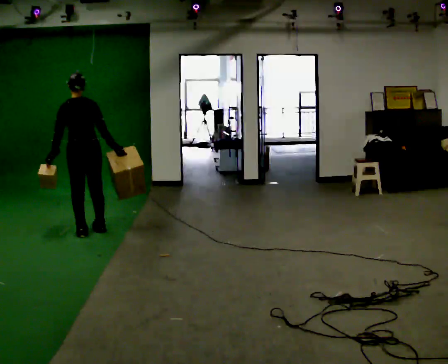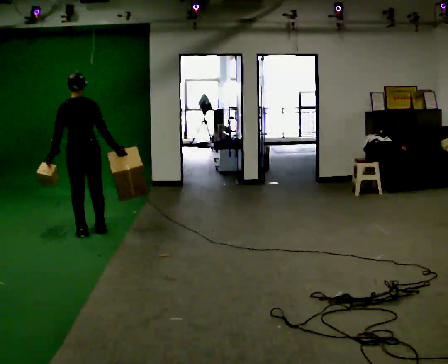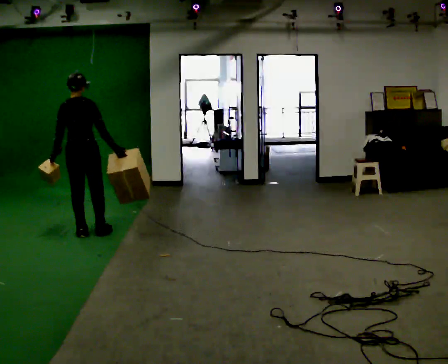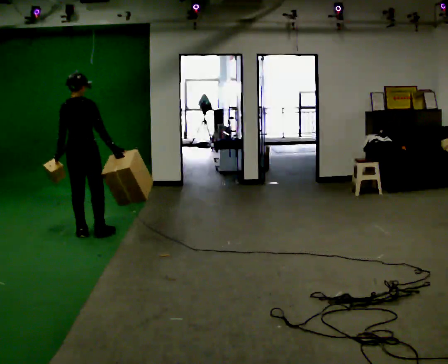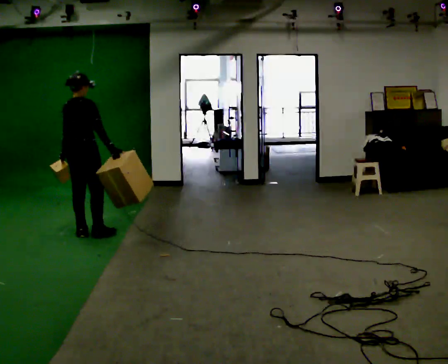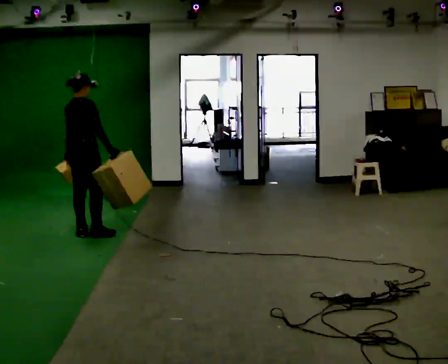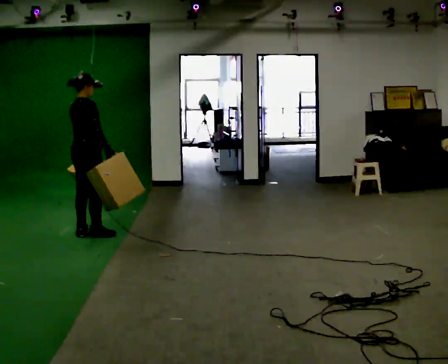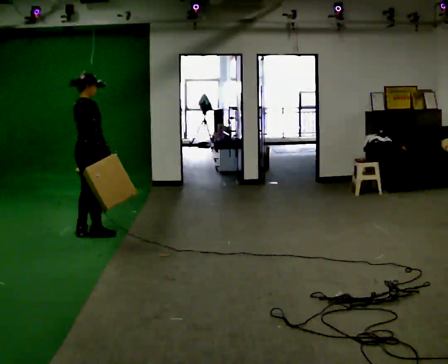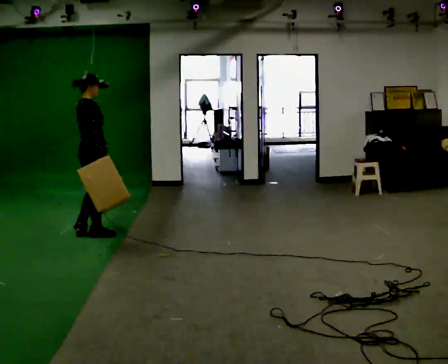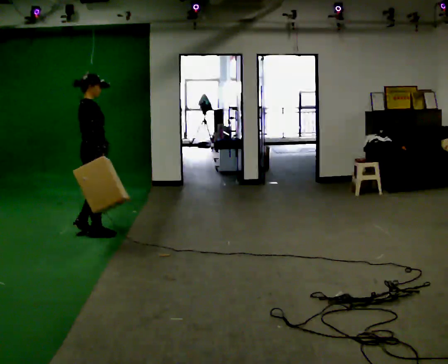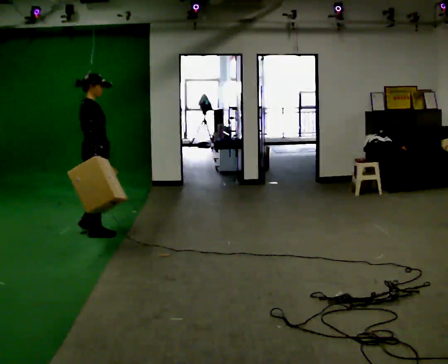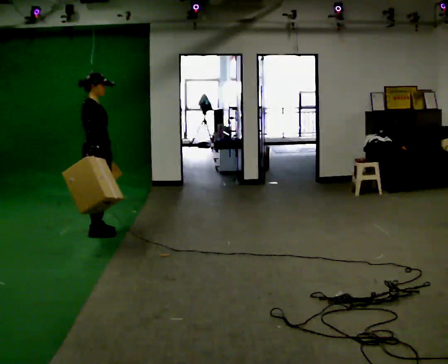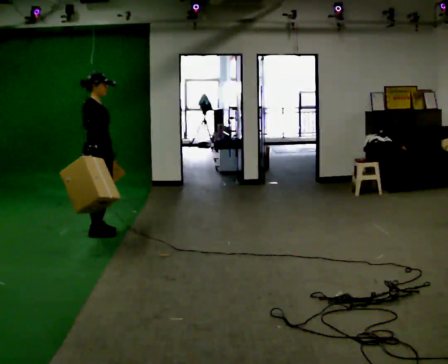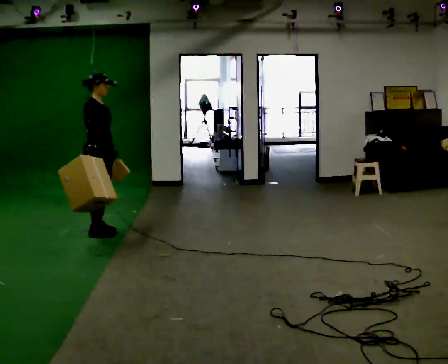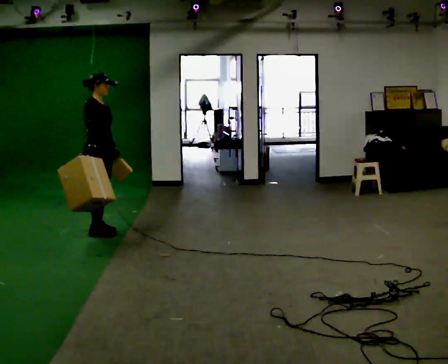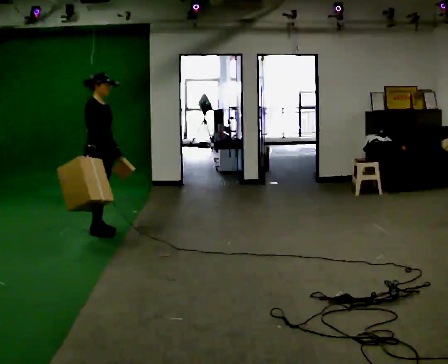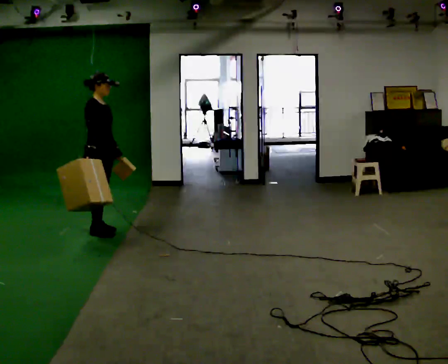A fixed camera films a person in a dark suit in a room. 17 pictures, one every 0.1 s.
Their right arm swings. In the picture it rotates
clockwise.
The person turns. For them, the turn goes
to their right.
0.0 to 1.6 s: The part of the body nearest the lens slides to the left as the person turns to their right by about 105 degrees. In the picture their right hand goes to the left, the arm swinging clockwise.
The film runs forward here.
